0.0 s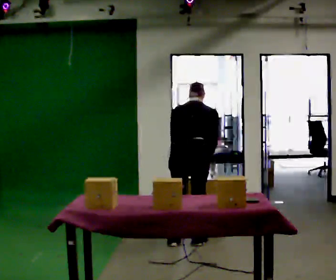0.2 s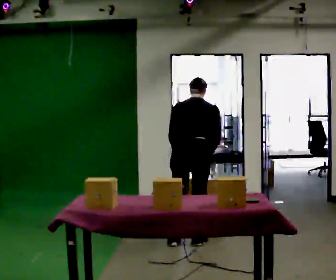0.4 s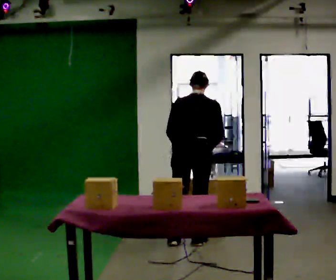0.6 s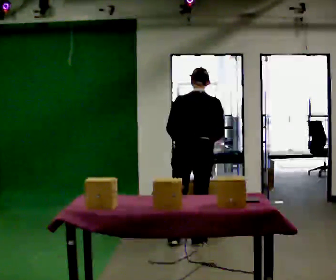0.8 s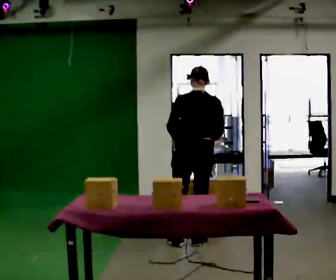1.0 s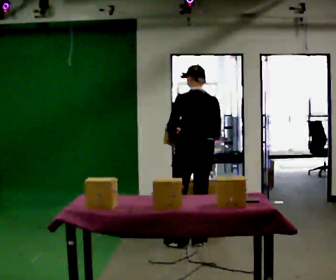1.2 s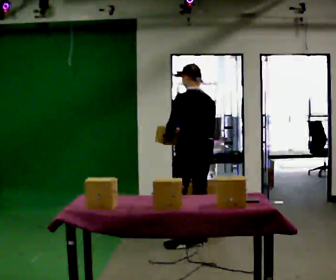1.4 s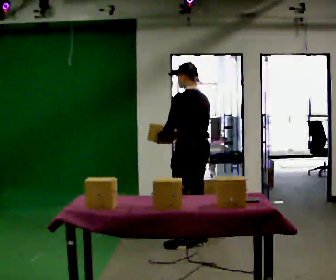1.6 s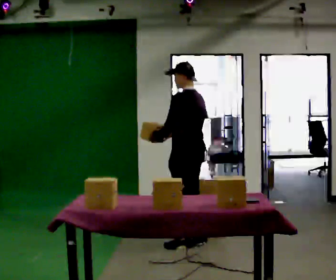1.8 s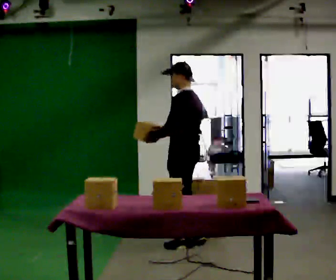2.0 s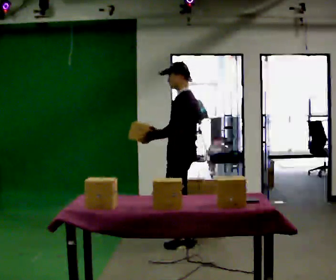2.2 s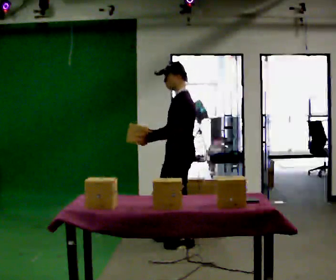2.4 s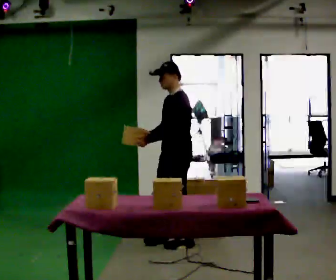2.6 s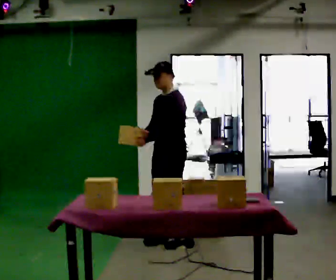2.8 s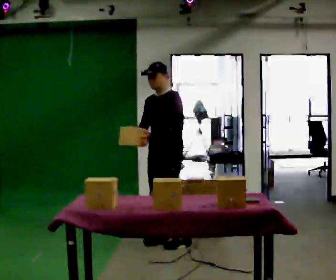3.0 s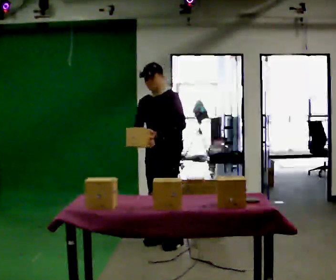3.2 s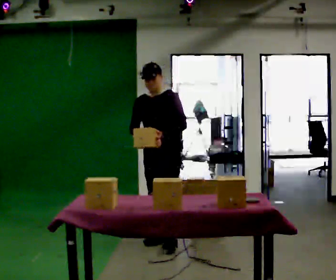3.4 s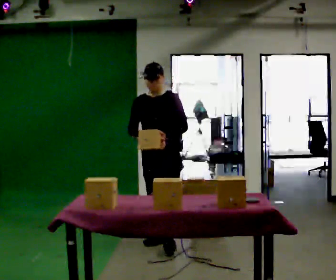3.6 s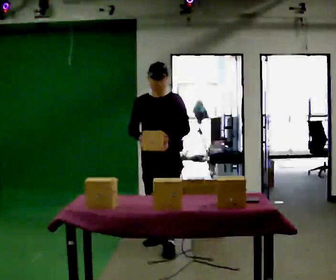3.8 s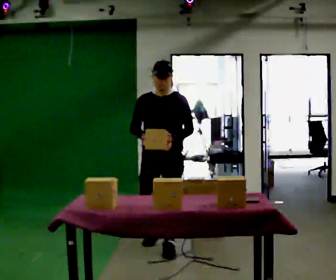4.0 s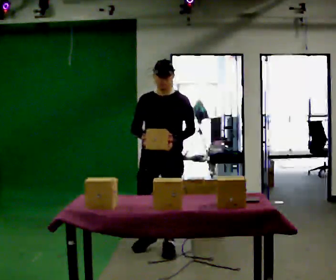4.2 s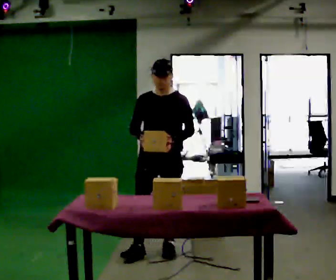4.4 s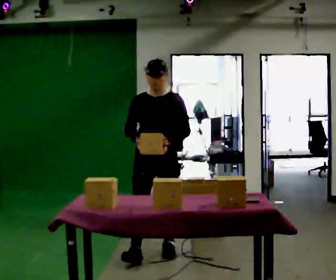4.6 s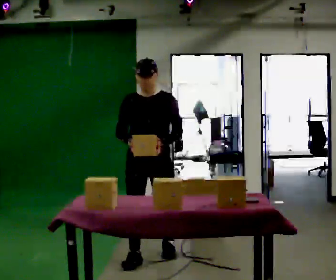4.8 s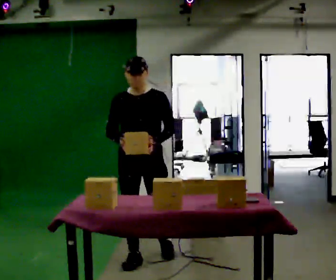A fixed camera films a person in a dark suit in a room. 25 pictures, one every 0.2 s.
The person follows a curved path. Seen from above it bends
counterclockwise.
The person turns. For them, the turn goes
to their left.
0.0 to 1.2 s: The part of the body nearest the lens slides to the right as the person turns to their left by about 45 degrees. The upper body tips toward the camera, its near side rolling downward, as they lean back or straighten.
1.2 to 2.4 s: The person turns about 75 degrees to their left, counterclockwise seen from above, so the part of the body nearest the lens slides to the right. In the picture they go to the left, about 0.25 m in 1 step.
2.4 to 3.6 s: The person turns about 60 degrees to their left, counterclockwise seen from above, so the part of the body nearest the lens slides to the right.
3.6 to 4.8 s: In the picture they go toward the camera, about 0.5 m in 1 step, which for them is forward.
The film runs forward here.
